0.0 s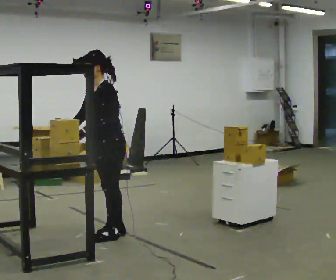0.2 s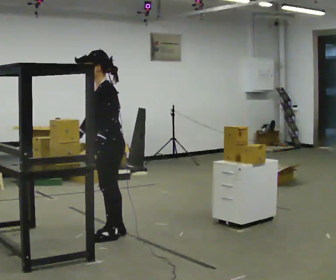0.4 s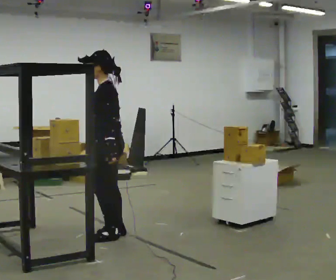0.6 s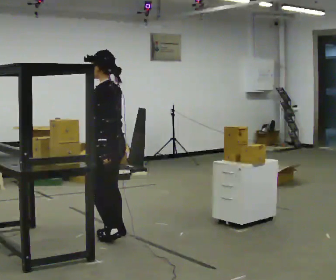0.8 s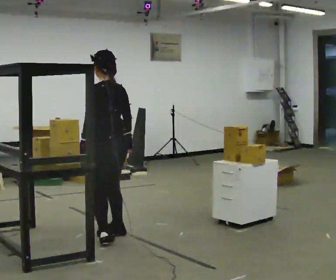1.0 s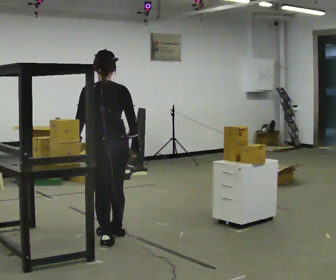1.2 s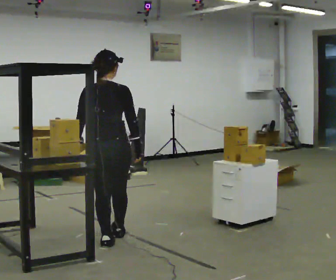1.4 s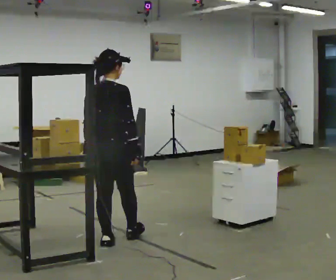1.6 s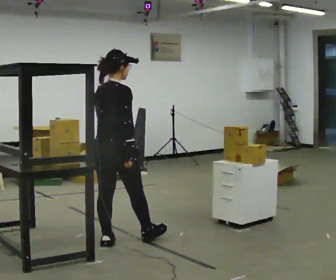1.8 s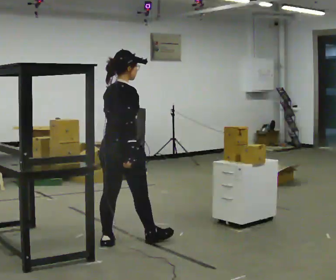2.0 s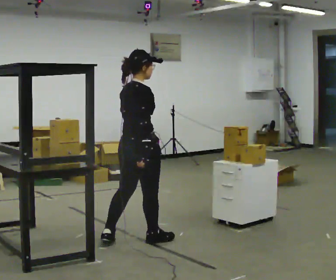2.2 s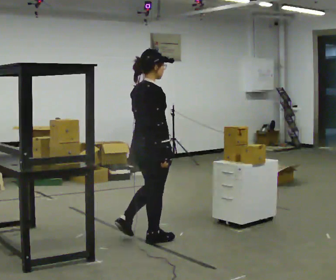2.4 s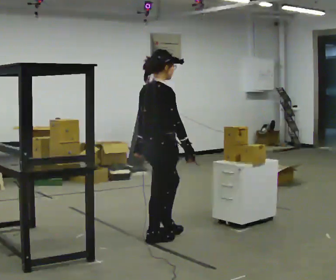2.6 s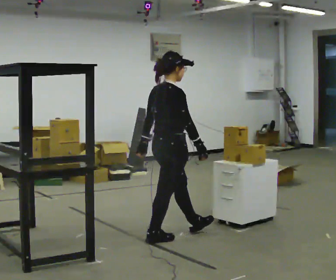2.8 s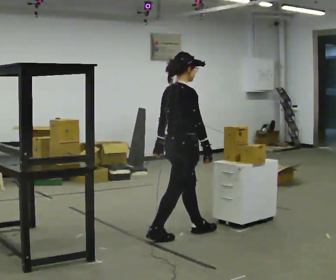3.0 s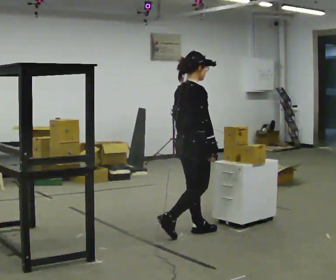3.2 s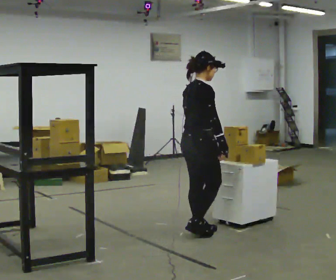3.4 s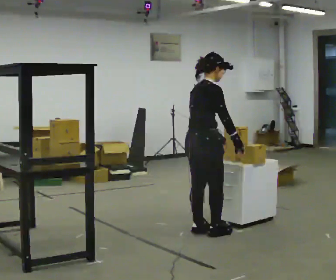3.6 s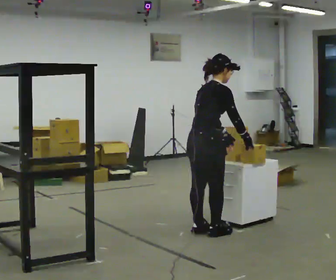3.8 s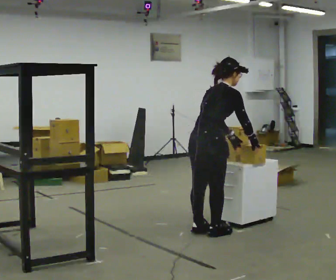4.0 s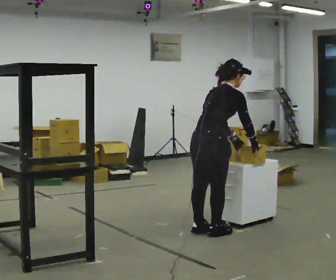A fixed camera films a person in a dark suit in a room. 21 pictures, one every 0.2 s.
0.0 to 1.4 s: The person turns about 135 degrees to their right, clockwise seen from above, so the part of the body nearest the lens slides to the left. In the picture they go toward the camera, about 0.25 m in 1 step. In the picture their right hand goes to the right, the arm swinging counterclockwise.
1.4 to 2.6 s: The part of the body nearest the lens slides to the left as the person turns to their right by about 45 degrees. In the picture they go to the right, about 0.5 m in 2 steps, which for them is forward.
2.6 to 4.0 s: In the picture they go to the right, about 0.25 m in 1 step, which for them is forward. In the picture the upper body tilts clockwise, shoulders to the right, as they bend forward.
The film runs forward here.
